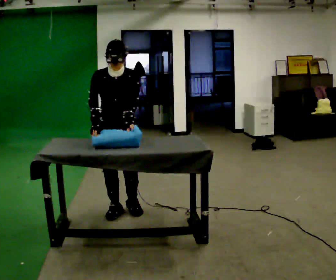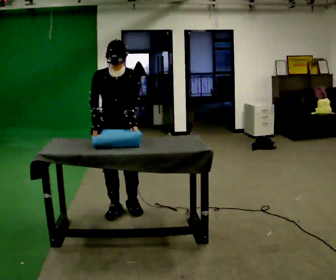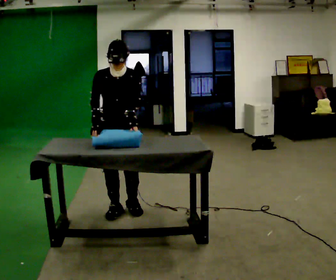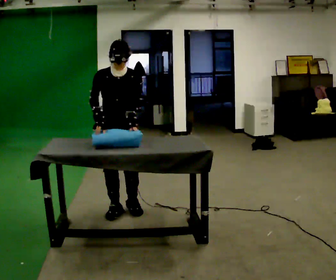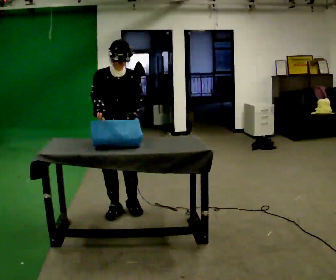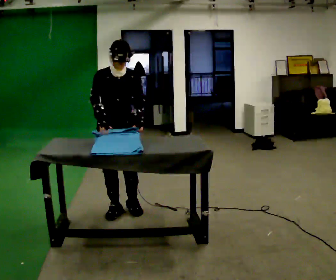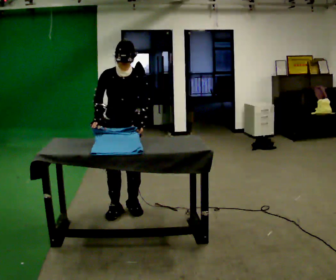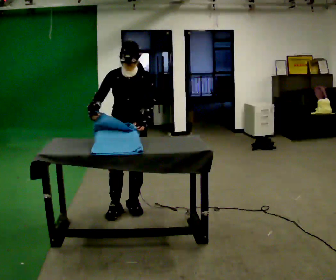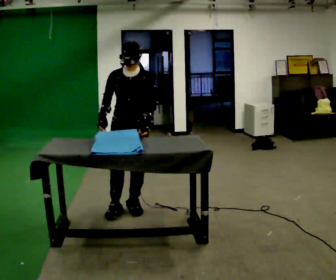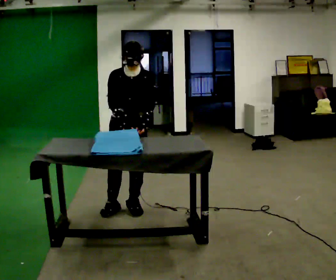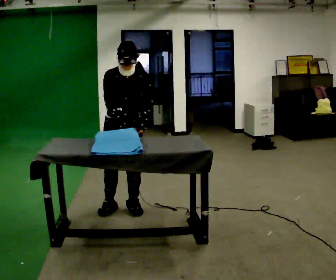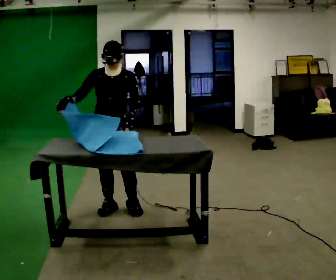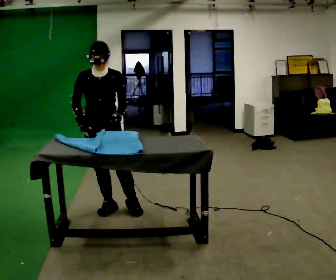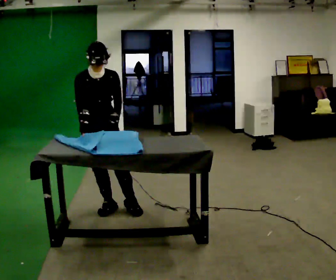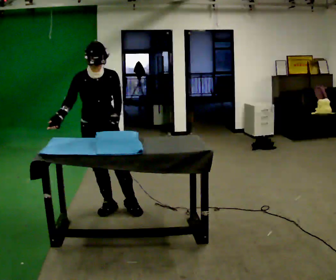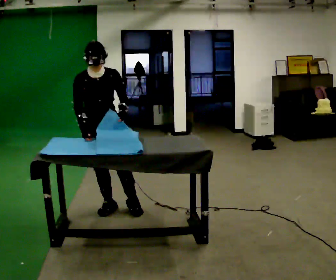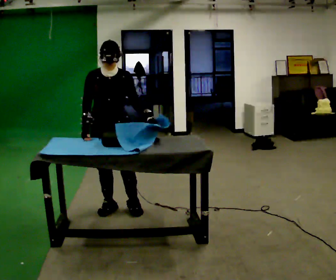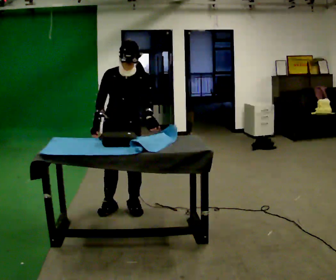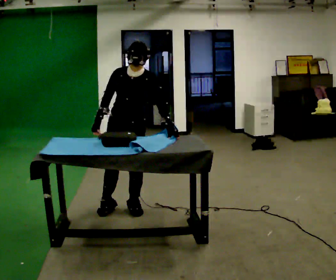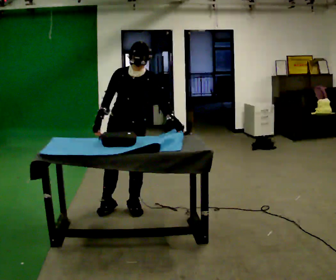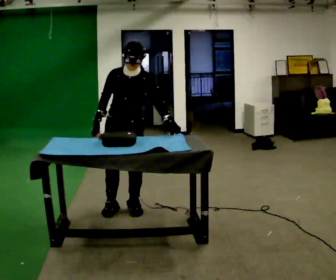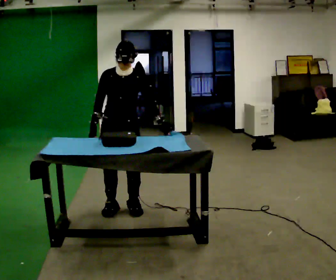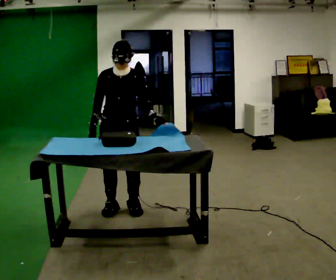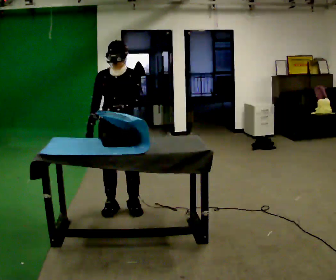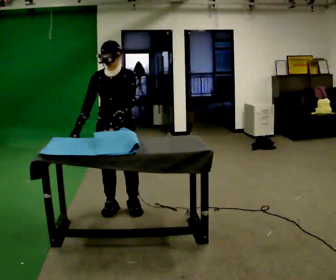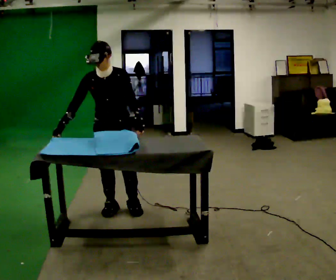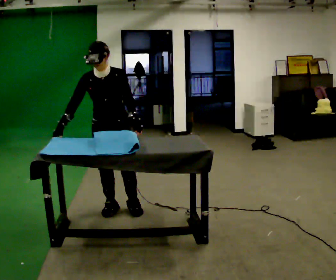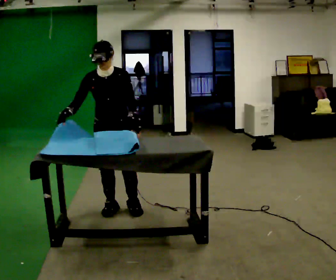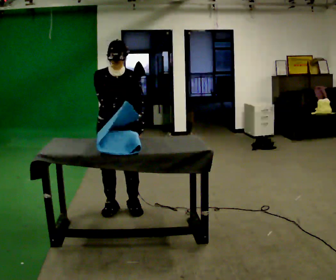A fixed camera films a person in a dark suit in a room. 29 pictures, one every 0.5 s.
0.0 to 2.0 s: The person moves a little, or ends about where they began.
2.0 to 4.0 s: In the picture they go to the right, about 0.25 m, which for them is to their left.
4.0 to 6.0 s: In the picture they go to the left, about 0.25 m, which for them is to their right.
6.0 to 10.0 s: In the picture they go to the right, about 0.25 m, which for them is to their left.
10.0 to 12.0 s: In the picture their left hand goes to the left.
12.0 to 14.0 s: In the picture their right hand goes to the right.
The film runs forward here.
